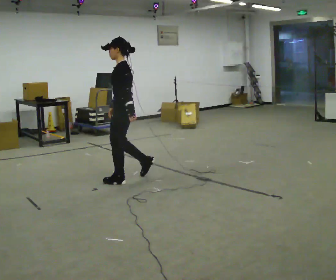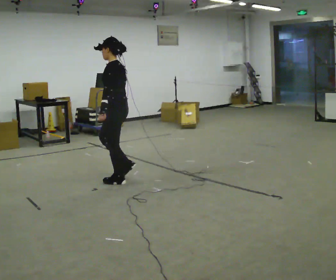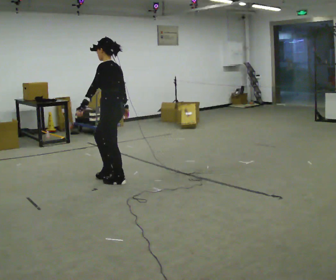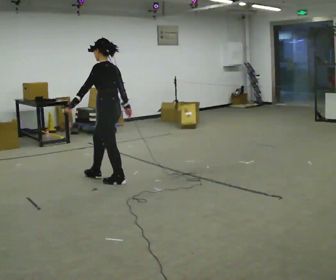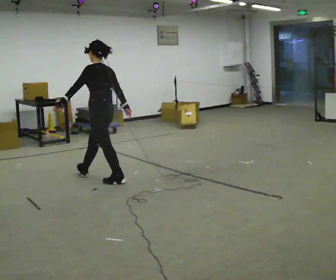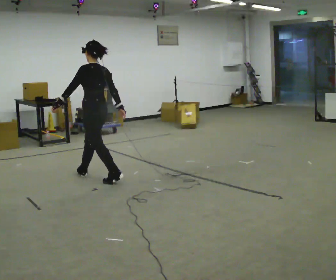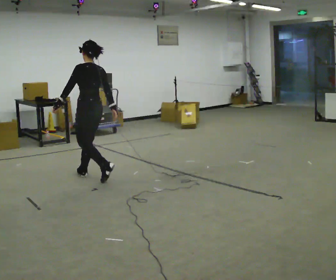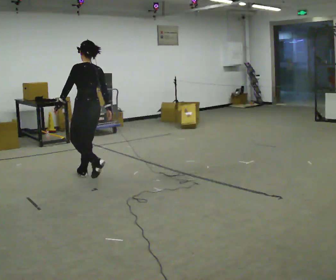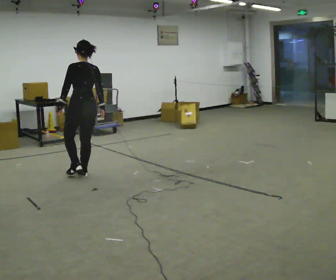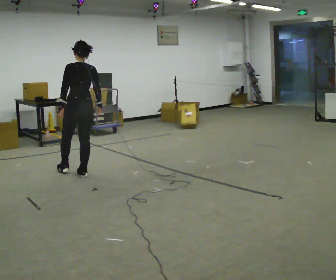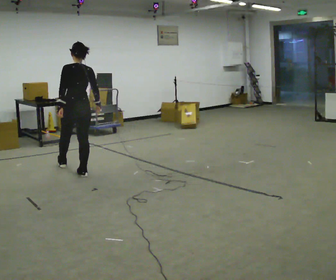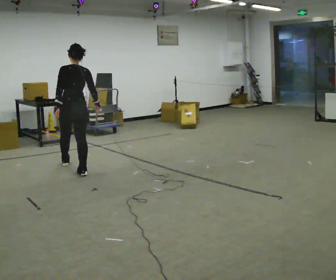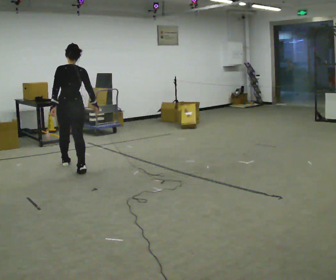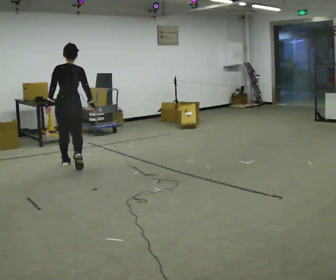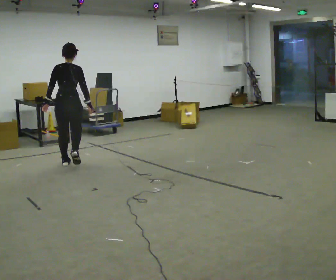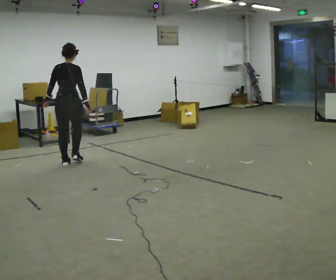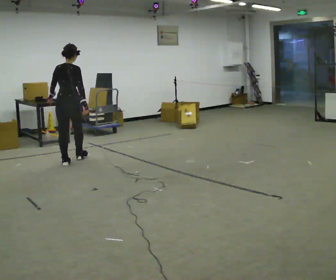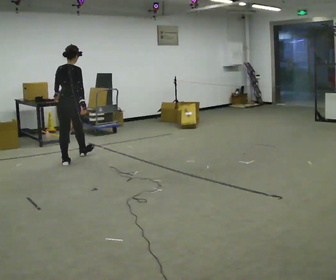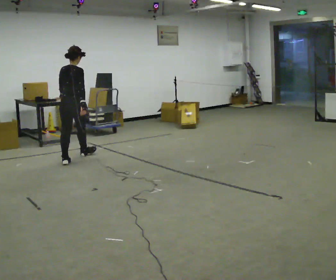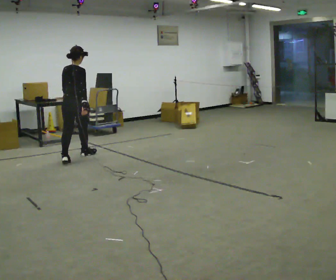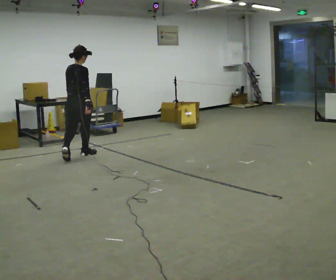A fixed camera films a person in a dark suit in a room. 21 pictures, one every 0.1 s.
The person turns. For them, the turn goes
to their right.
The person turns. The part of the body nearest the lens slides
to the left.
0.0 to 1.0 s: The person turns about 60 degrees to their right, clockwise seen from above, so the part of the body nearest the lens slides to the left. In the picture they go to the left and away from the camera, about 0.5 m in 1 step.
1.0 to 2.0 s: Seen from above the body turns clockwise, about 45 degrees: to their right, with its near side sliding to the left. In the picture they go away from the camera, about 1 m in 2 steps, which for them is forward.
The film runs forward here.
